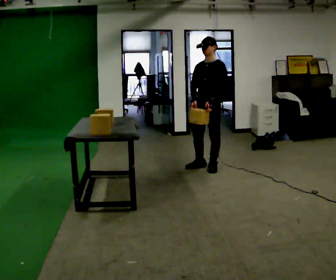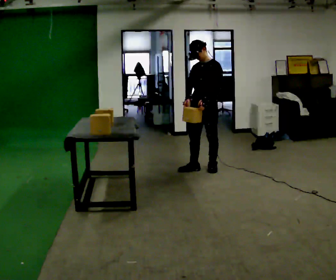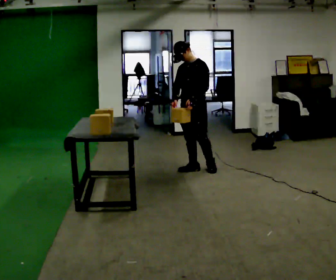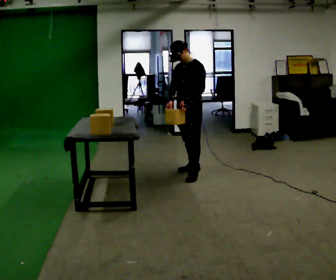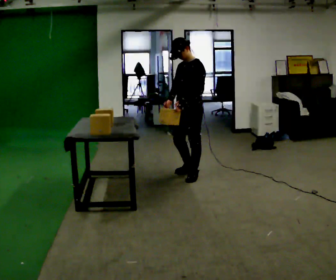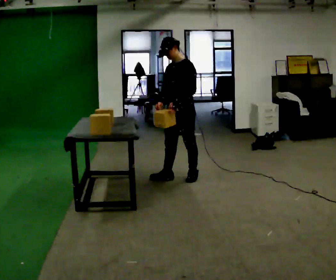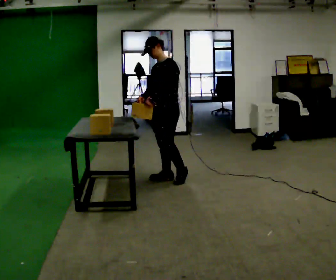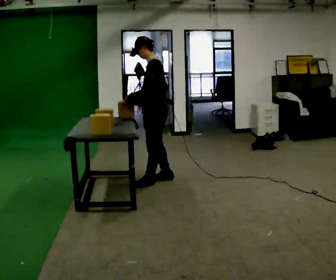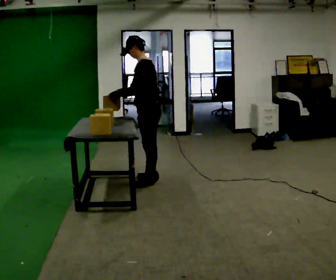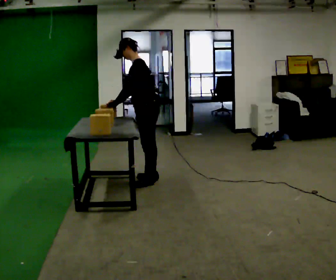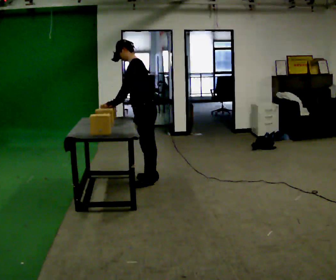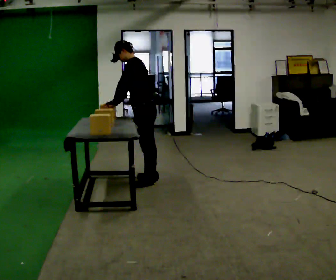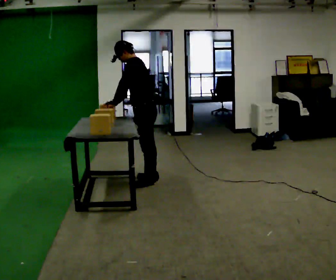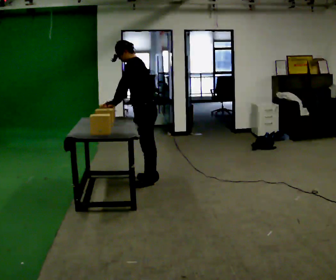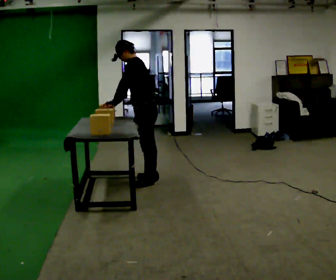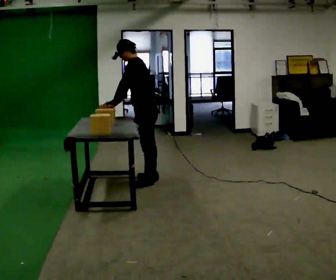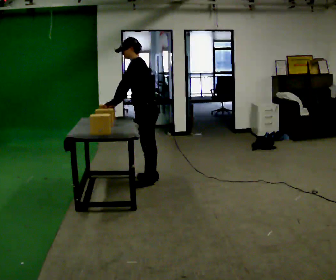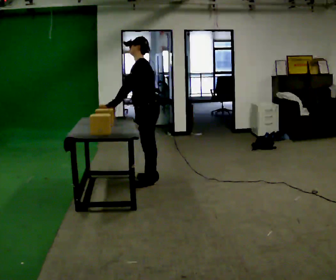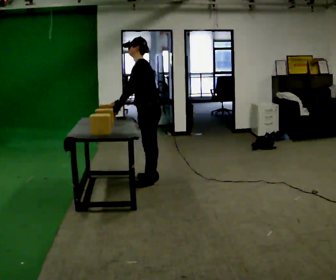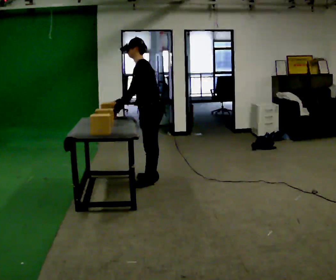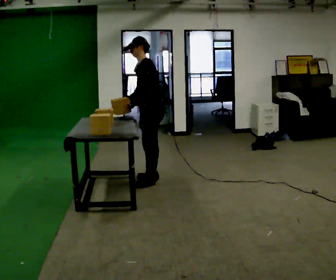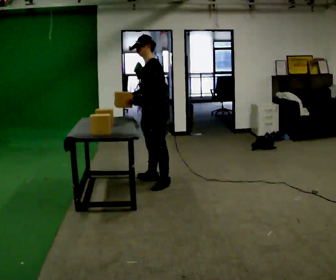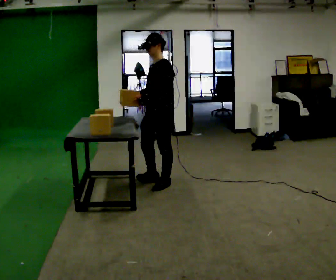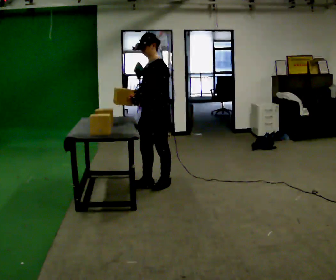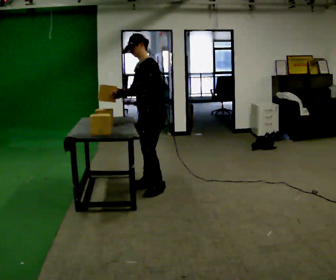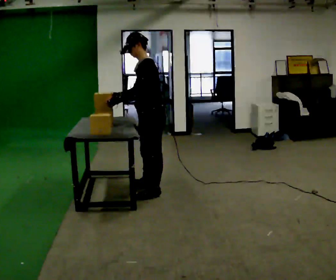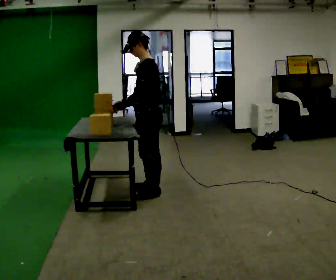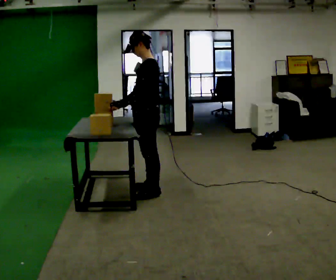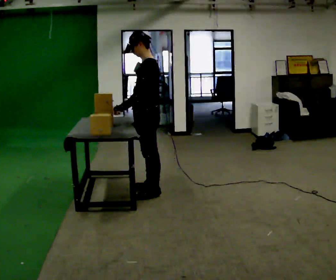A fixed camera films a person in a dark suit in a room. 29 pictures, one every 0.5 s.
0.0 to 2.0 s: In the picture they go toward the camera and to the left, about 0.5 m in 2 steps, which for them is forward.
2.0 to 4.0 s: The part of the body nearest the lens slides to the left as the person turns to their right by about 30 degrees. In the picture they go to the left, about 0.5 m in 3 steps, which for them is forward.
4.0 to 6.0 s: The person moves a little, or ends about where they began.
6.0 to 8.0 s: The person keeps their place and pose.
8.0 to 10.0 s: The person moves a little, or ends about where they began.
10.0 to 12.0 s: In the picture they go toward the camera, about 0.25 m in 1 step, which for them is to their left and forward.
12.0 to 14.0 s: In the picture they go toward the camera, about 0.25 m in 1 step, which for them is to their left.
The film runs forward here.
